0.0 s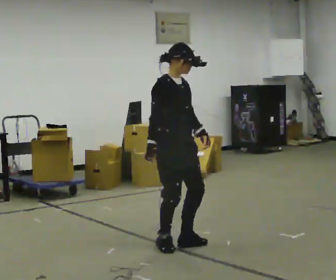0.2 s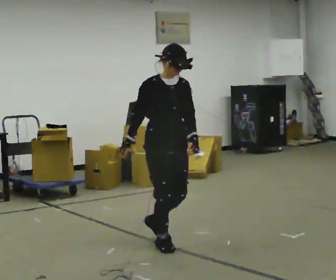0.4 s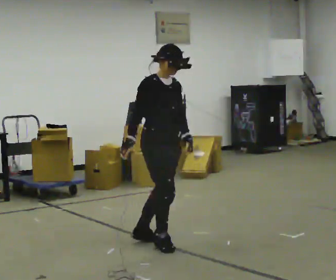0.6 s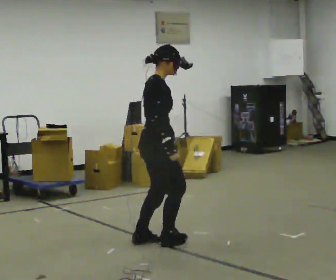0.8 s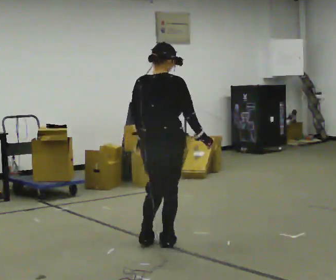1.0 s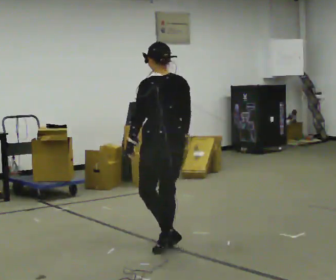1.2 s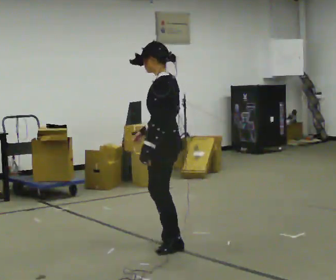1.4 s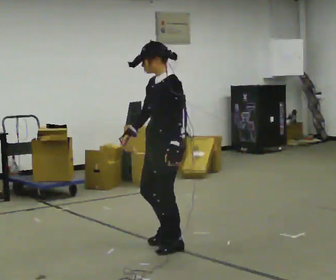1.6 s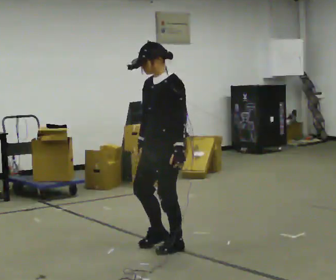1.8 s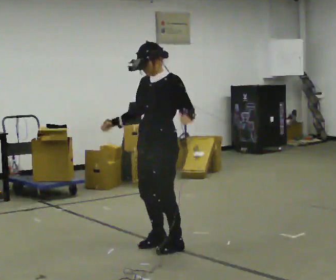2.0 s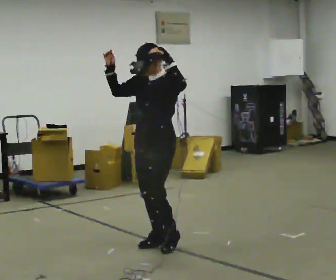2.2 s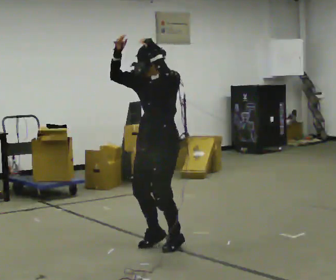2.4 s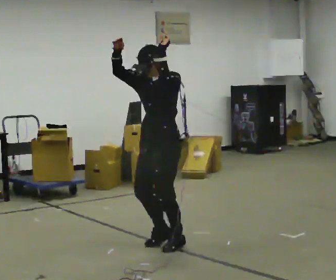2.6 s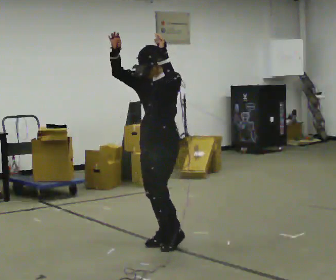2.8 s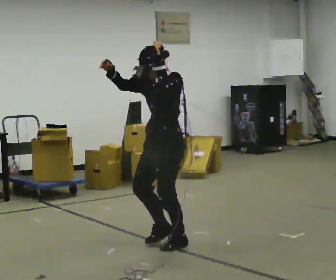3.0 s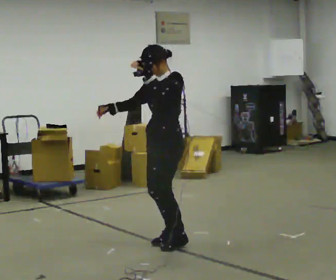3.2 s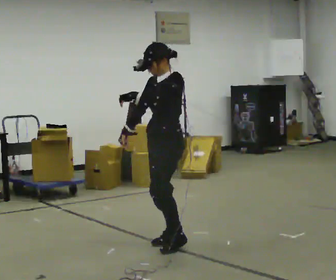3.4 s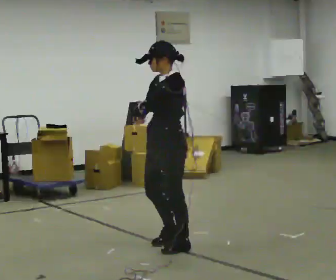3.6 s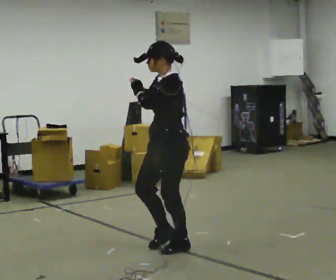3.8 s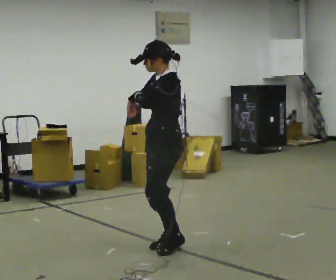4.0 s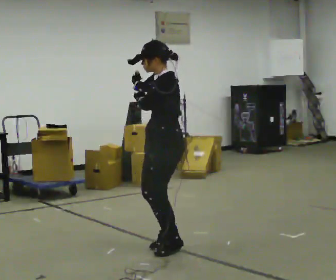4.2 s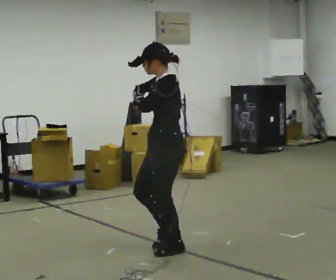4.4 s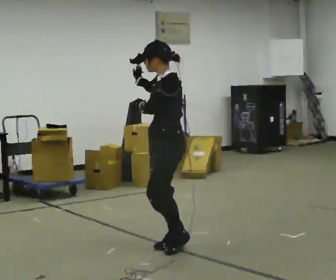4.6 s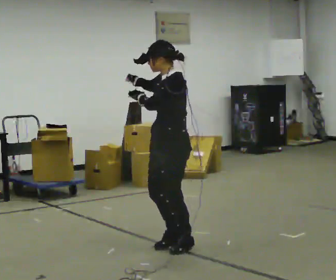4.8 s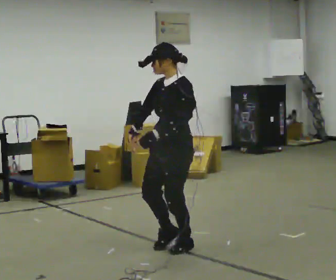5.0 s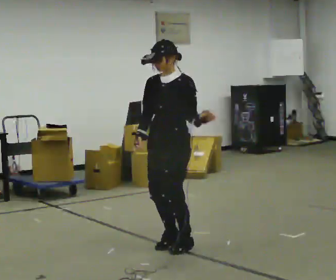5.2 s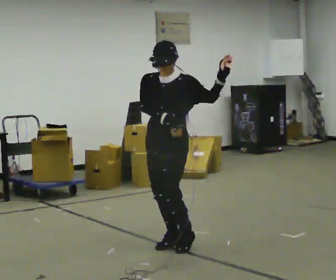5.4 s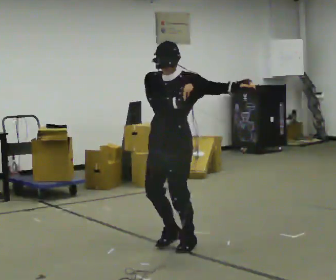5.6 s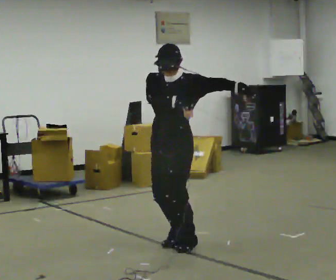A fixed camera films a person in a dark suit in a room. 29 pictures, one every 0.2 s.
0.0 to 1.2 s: Seen from above the body turns counterclockwise, about 180 degrees: to their left, with its near side sliding to the right.
1.2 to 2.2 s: The part of the body nearest the lens slides to the right as the person turns to their left by about 60 degrees. In the picture their right hand goes upward, the arm swinging clockwise.
2.2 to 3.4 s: In the picture their right hand goes downward, the arm swinging counterclockwise.
3.4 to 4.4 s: In the picture their right hand goes upward.
4.4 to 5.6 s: The person turns about 30 degrees to their left, counterclockwise seen from above, so the part of the body nearest the lens slides to the right. In the picture their right hand goes to the right.
The film runs backward here.
